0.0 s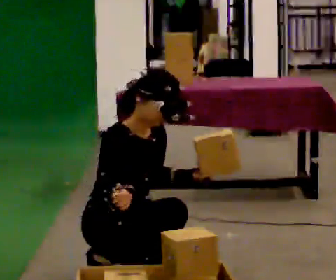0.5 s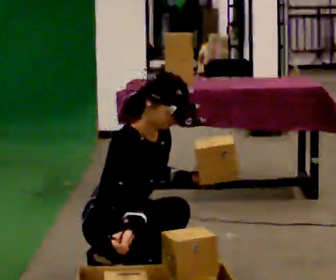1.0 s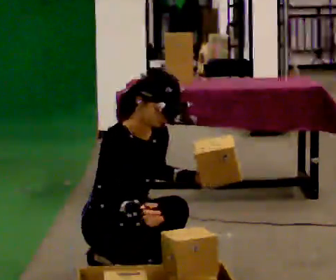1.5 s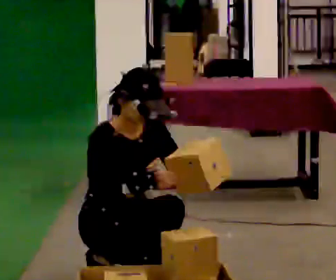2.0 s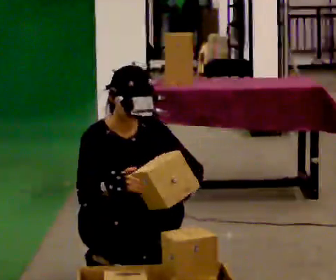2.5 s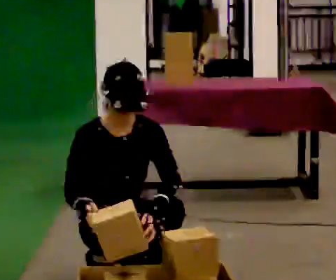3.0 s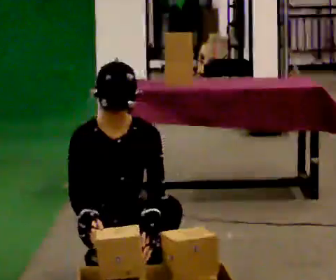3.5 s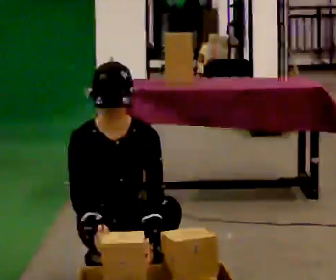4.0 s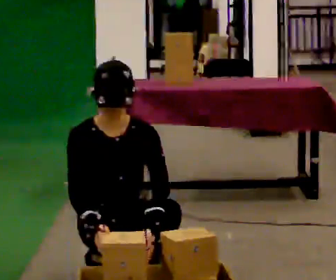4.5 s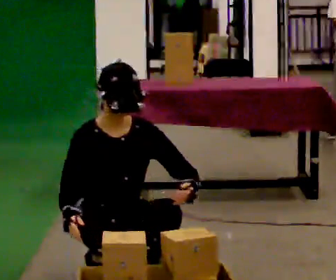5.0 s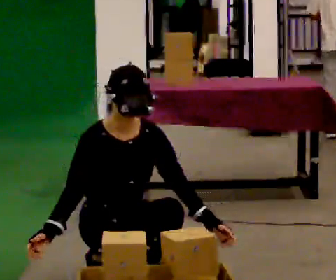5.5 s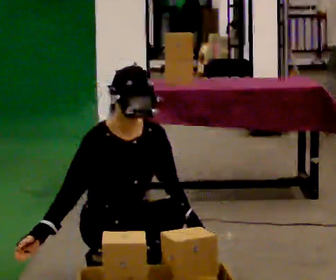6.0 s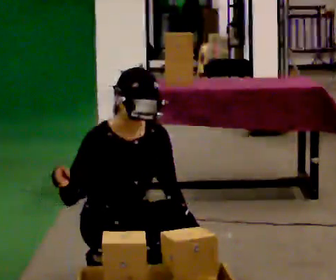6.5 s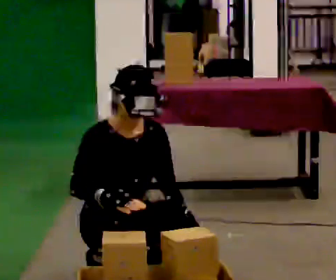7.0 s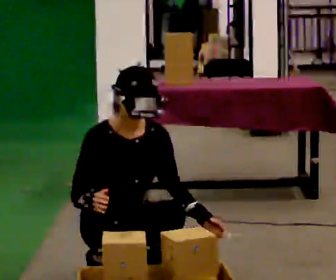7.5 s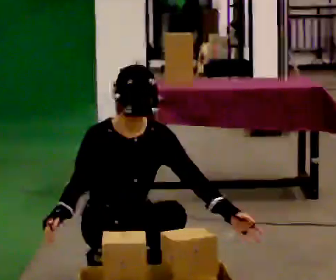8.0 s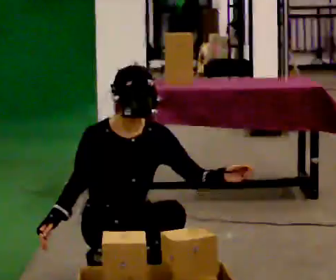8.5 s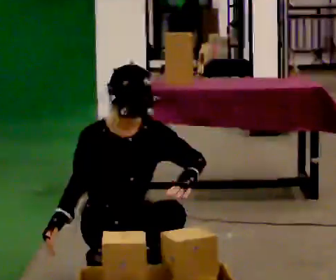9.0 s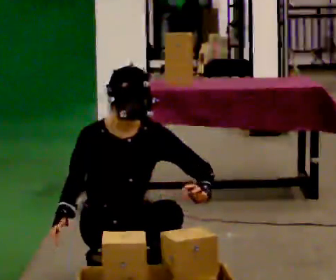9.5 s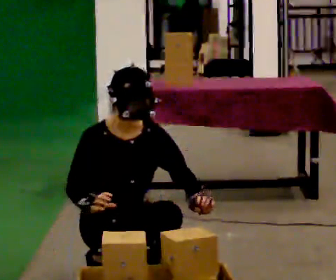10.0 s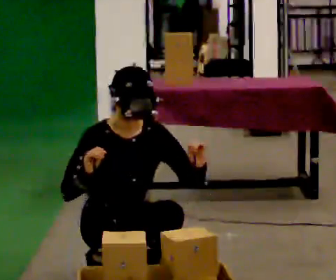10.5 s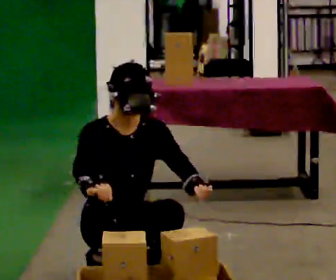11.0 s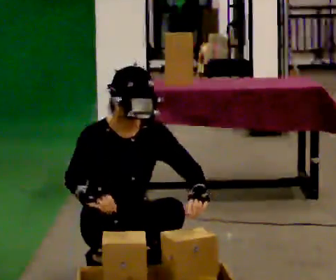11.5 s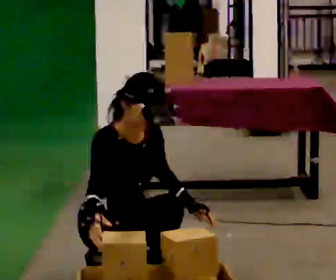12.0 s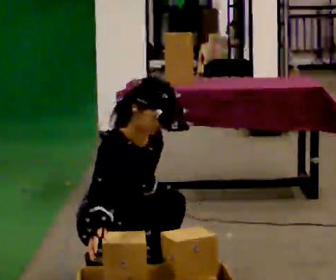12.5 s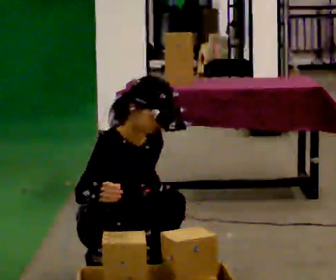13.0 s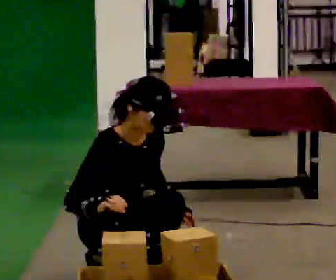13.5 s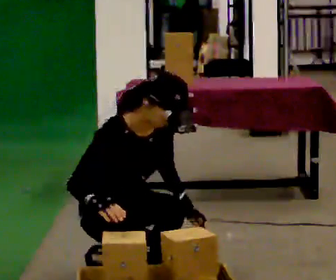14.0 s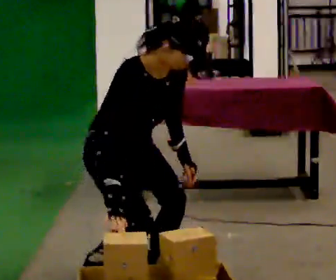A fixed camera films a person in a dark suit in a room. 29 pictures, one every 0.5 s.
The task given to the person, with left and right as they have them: Carry the object across the room, open the lid of the container, put the object inside, and close the lid again. Then go back for the next one. Keep going until the operator says stop; one object at a time, and do not rush between trips.
0.0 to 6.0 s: The person moves a little, or ends about where they began.
6.0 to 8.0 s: In the picture their left hand goes upward, the arm swinging counterclockwise.
8.0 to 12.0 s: The person moves a little, or ends about where they began.
12.0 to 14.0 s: The upper body goes upward.
The film runs forward here.
